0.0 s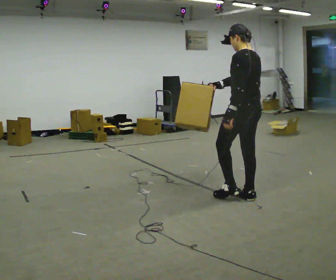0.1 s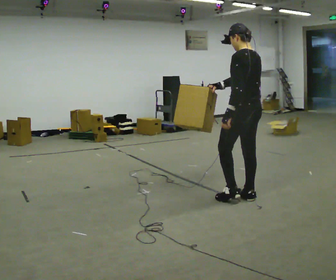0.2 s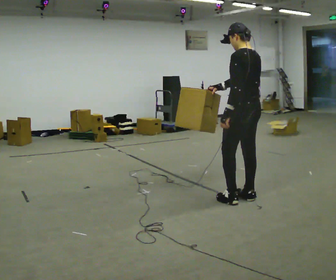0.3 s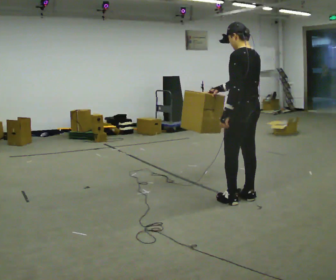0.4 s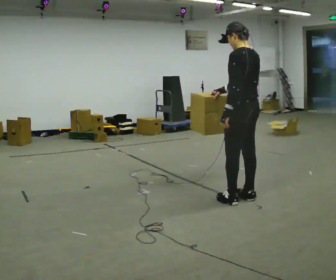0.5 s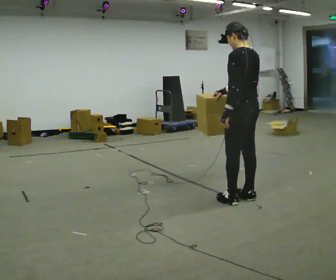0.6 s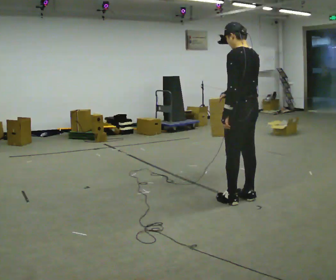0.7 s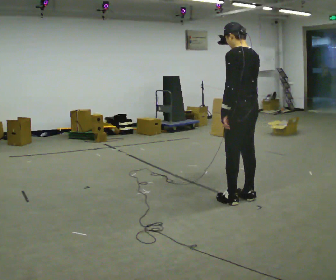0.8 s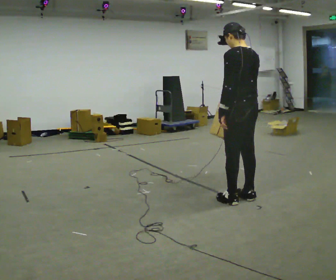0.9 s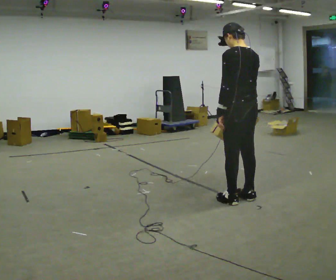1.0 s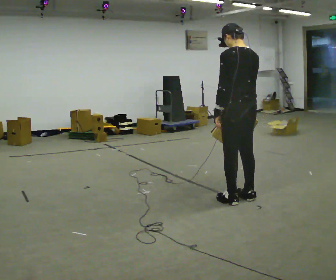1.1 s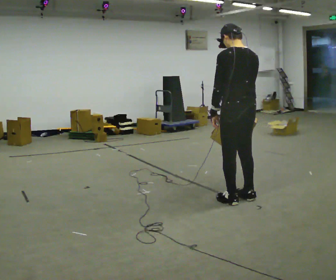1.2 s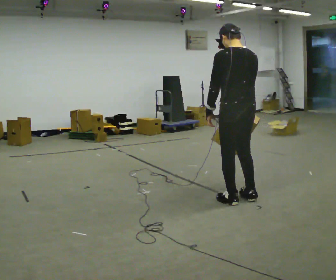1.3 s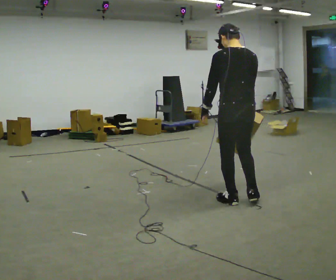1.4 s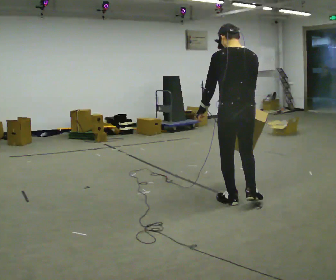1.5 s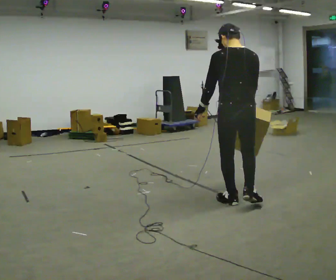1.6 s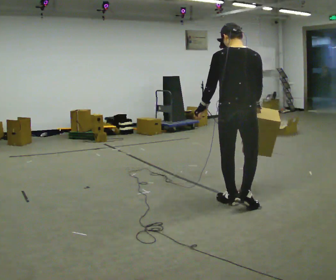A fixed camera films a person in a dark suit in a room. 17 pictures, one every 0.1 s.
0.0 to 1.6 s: Seen from above the body turns clockwise, about 45 degrees: to their right, with its near side sliding to the left. In the picture they go toward the camera, about 0.25 m in 1 step, which for them is to their left. In the picture their right hand goes to the right, the arm swinging counterclockwise.
The film runs backward here.
